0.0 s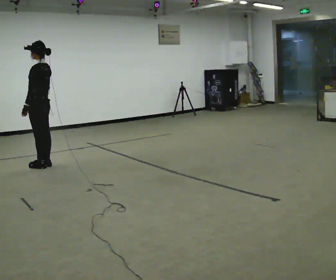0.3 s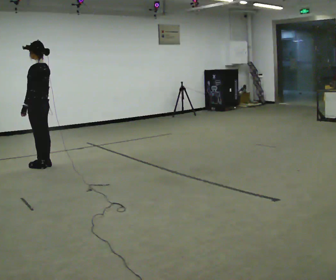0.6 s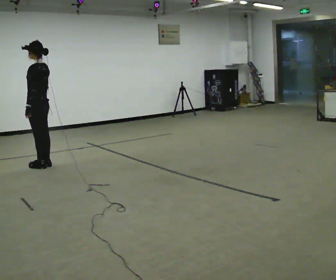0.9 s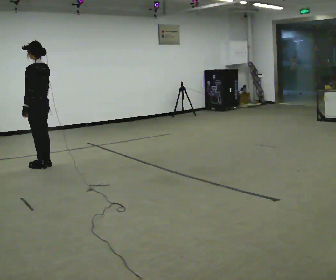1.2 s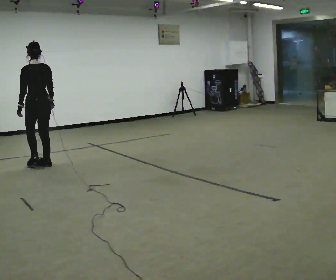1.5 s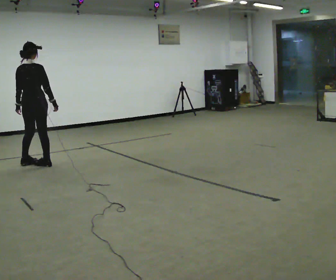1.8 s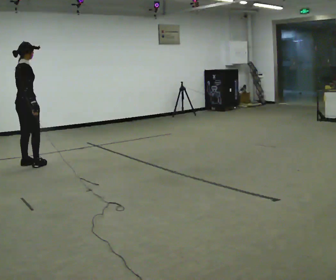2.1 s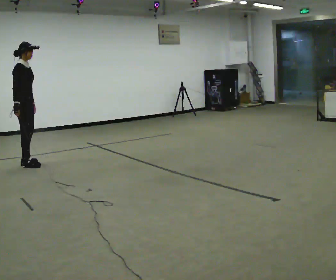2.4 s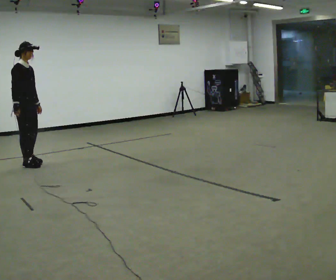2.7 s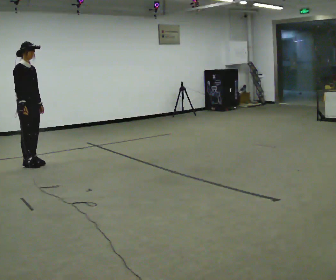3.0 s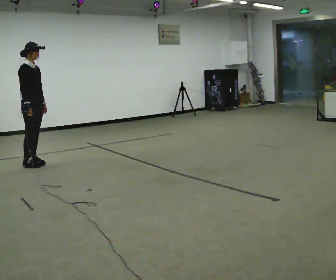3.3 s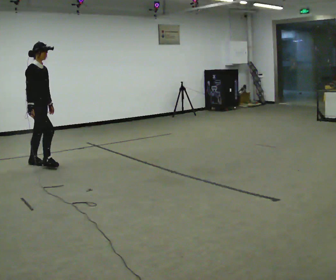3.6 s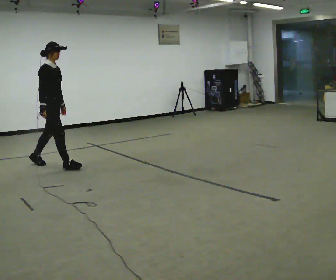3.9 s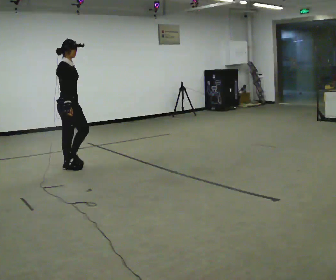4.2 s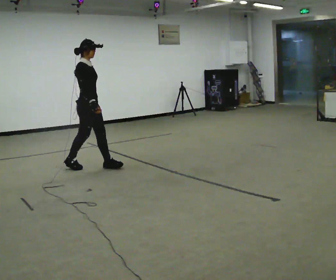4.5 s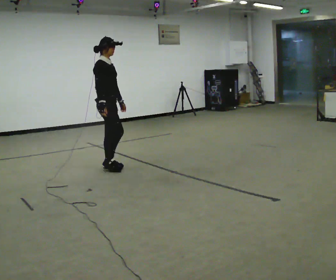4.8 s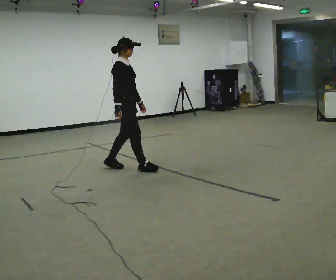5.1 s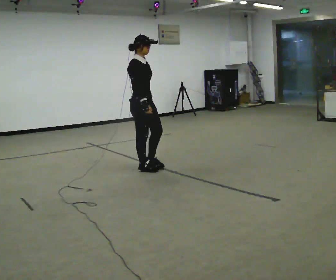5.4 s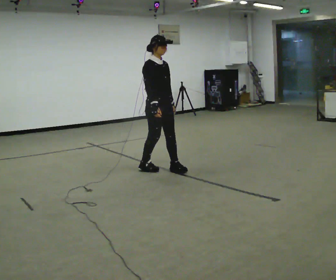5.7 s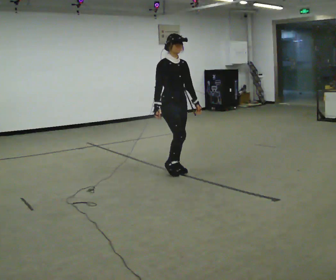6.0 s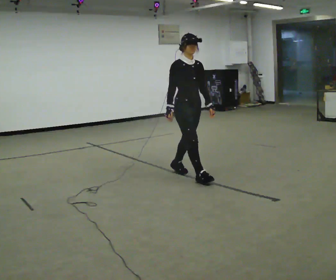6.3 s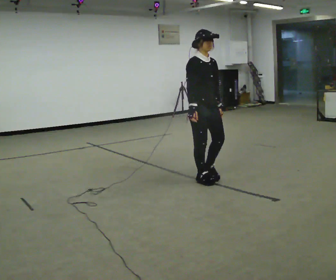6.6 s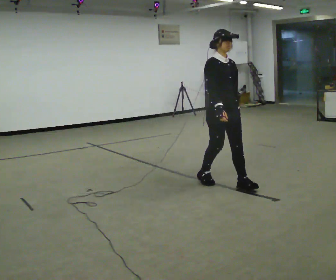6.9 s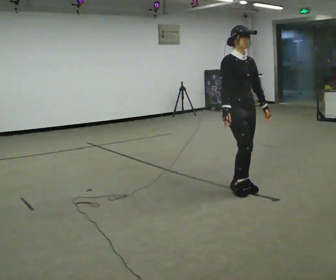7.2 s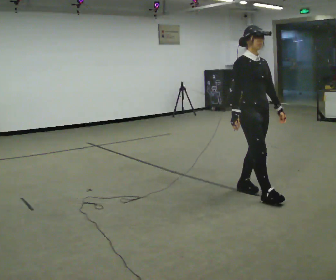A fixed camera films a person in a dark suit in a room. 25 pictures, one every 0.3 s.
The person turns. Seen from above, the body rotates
clockwise.
The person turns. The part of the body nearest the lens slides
to the left.
0.0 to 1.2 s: The person turns about 45 degrees to their right, clockwise seen from above, so the part of the body nearest the lens slides to the left.
1.2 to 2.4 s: Seen from above the body turns clockwise, about 135 degrees: to their right, with its near side sliding to the left. In the picture they go to the left, about 0.25 m in 2 steps. In the picture their right hand goes to the left.
2.4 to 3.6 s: In the picture they go to the right, about 0.5 m in 1 step, which for them is forward.
3.6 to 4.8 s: In the picture they go to the right and toward the camera, about 1 m in 2 steps, which for them is forward.
4.8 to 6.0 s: Seen from above the body turns clockwise, about 45 degrees: to their right, with its near side sliding to the left. In the picture they go to the right and toward the camera, about 1 m in 2 steps, which for them is forward.
6.0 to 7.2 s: In the picture they go toward the camera, about 1 m in 2 steps, which for them is forward.
The film runs forward here.
